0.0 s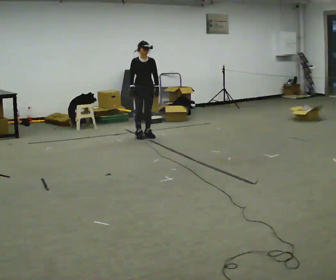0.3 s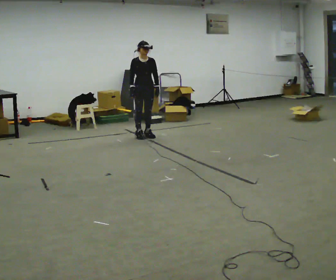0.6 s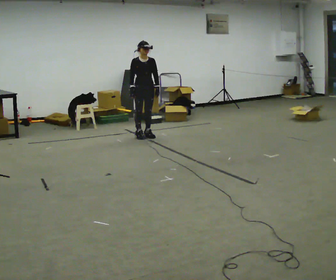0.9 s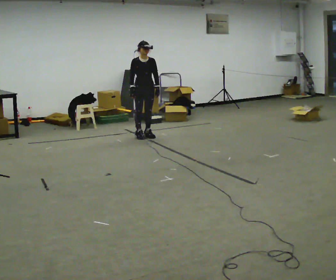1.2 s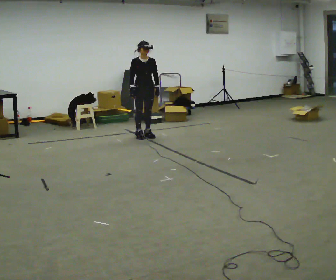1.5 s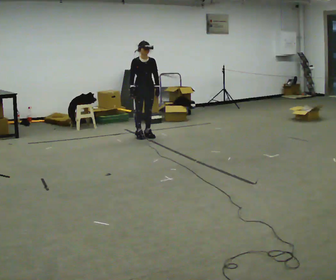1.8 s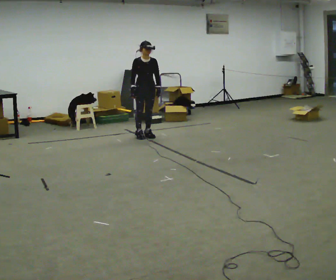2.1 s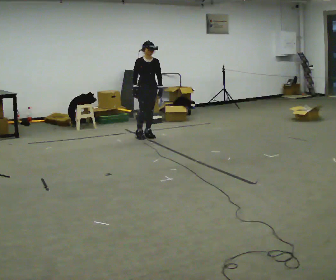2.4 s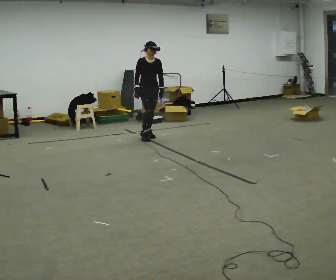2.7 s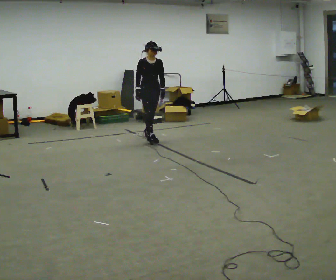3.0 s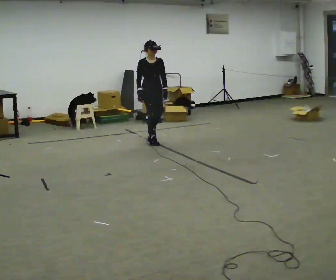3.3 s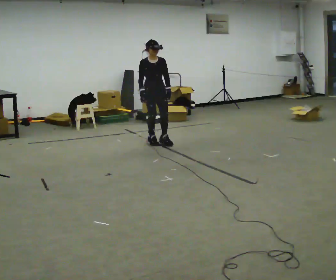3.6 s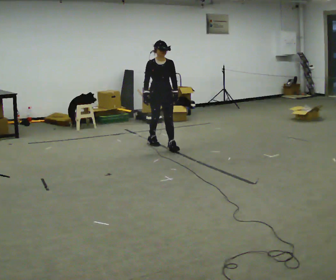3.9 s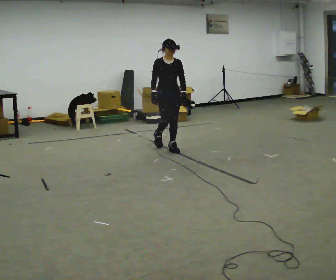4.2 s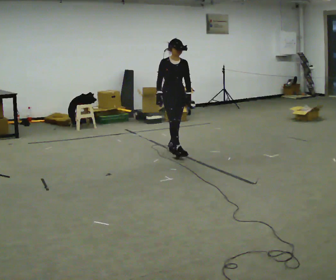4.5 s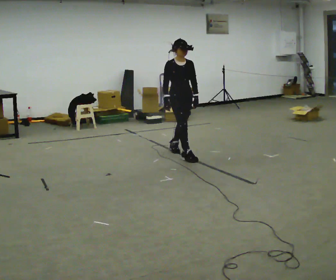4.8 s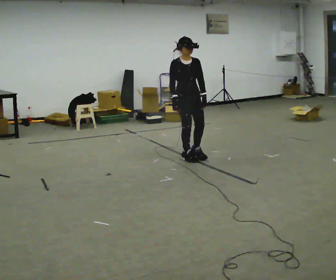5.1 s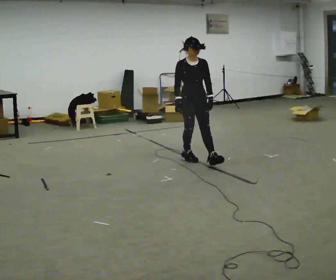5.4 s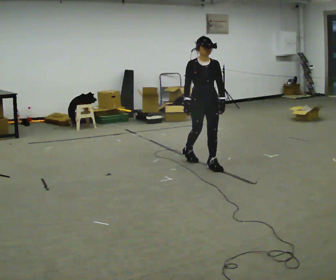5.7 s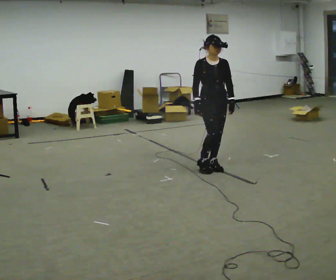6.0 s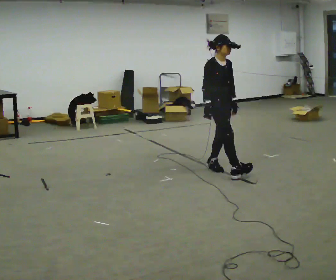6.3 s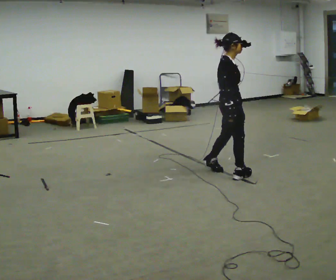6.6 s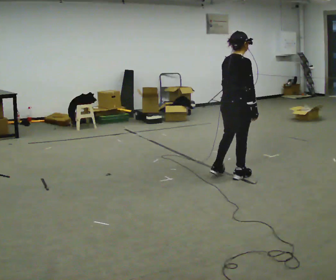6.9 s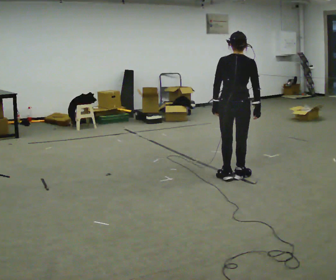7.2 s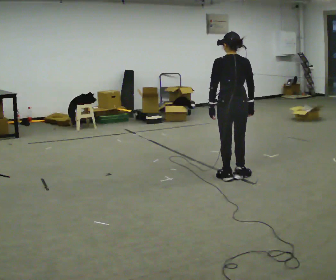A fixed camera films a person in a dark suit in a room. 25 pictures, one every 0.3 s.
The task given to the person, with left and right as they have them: Stand still 2 s; begin walking naturally; walk forward; stop.
0.0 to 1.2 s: The person keeps their place and pose.
1.2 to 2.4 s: The person moves a little, or ends about where they began.
2.4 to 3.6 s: In the picture they go toward the camera, about 0.5 m in 2 steps, which for them is forward.
3.6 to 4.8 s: In the picture they go toward the camera and to the right, about 0.5 m in 1 step, which for them is forward.
4.8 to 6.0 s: In the picture they go toward the camera and to the right, about 0.75 m in 1 step, which for them is forward.
6.0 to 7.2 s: Seen from above the body turns counterclockwise, about 135 degrees: to their left, with its near side sliding to the right. In the picture they go toward the camera, about 0.25 m in 2 steps.
The film runs forward here.
